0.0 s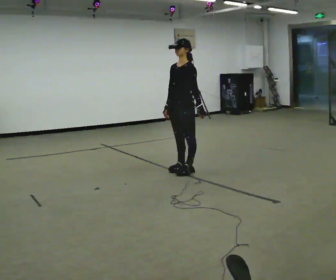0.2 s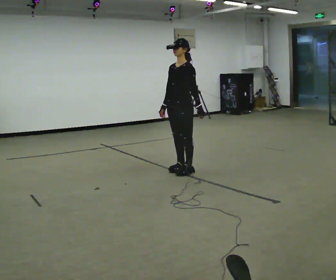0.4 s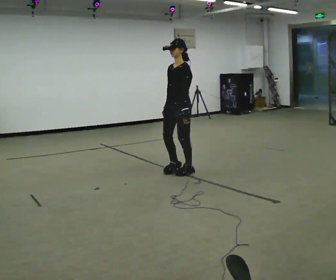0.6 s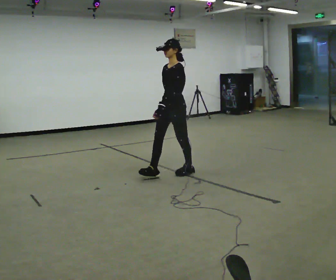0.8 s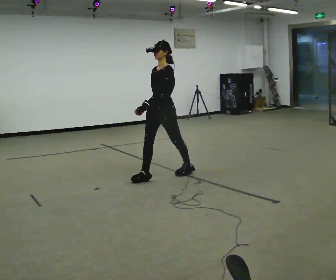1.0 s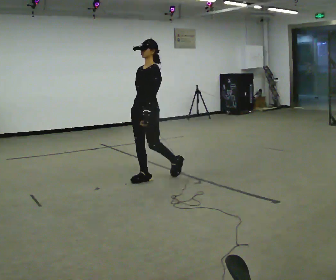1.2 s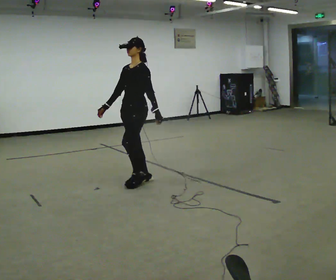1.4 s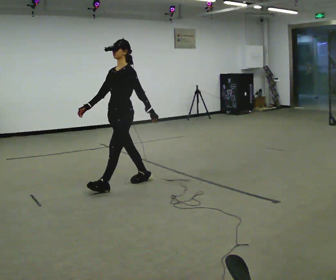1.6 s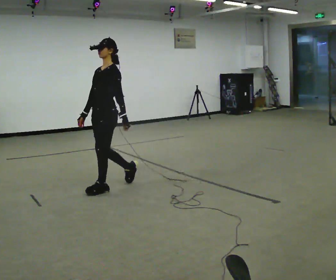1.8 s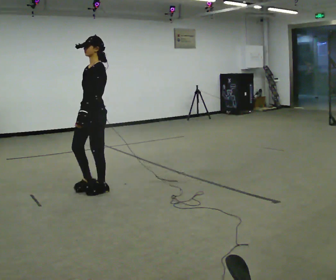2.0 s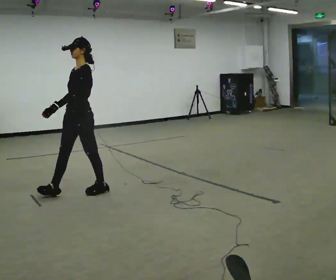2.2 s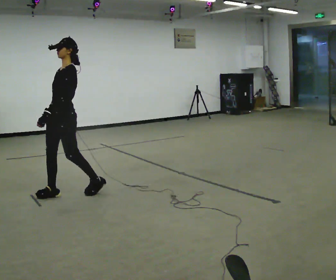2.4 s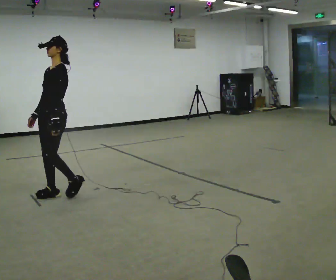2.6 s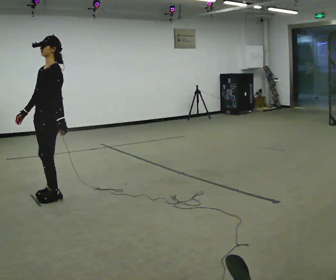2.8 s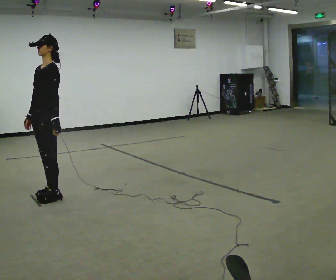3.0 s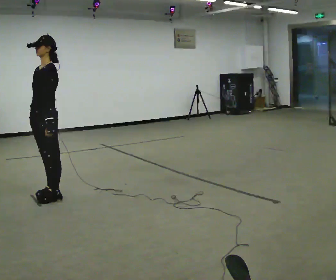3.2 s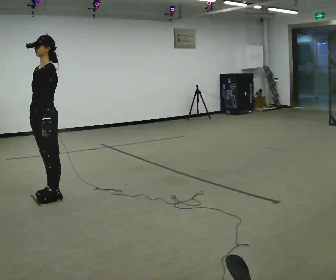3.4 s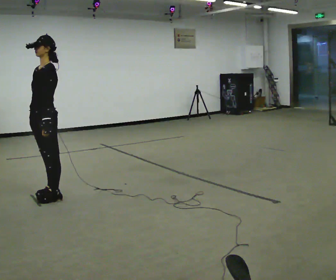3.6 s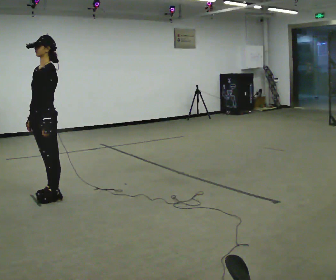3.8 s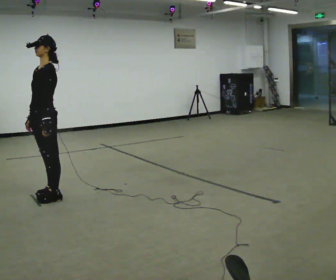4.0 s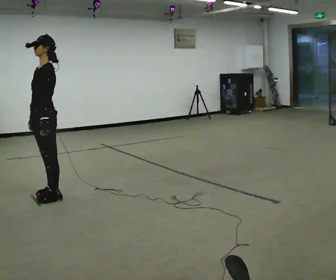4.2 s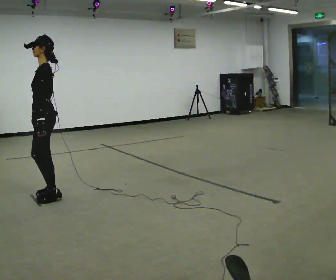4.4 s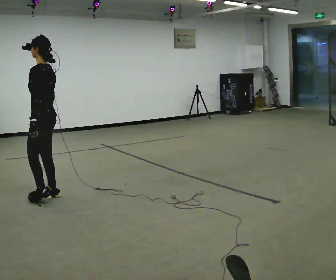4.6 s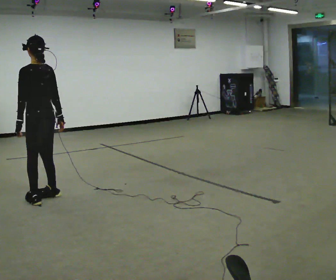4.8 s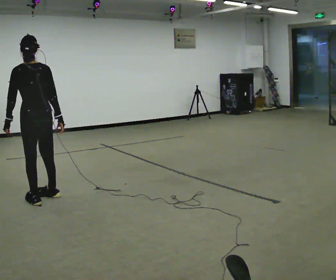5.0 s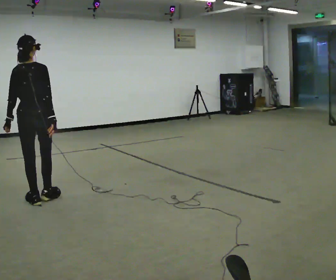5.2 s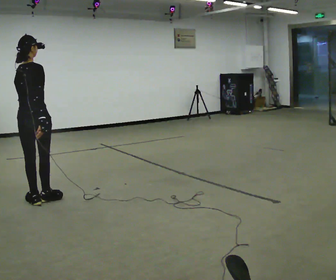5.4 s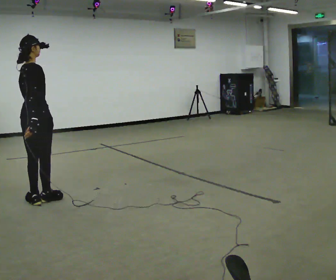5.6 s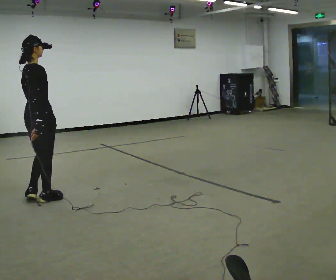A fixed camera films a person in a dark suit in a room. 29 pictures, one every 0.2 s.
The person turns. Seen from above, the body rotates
clockwise.
The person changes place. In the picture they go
to the left.
0.0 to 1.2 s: In the picture they go to the left and toward the camera, about 0.75 m in 1 step, which for them is forward.
1.2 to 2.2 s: In the picture they go to the left, about 1 m in 2 steps, which for them is forward.
2.2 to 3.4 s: In the picture they go to the left, about 0.25 m in 1 step, which for them is forward.
3.4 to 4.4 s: The part of the body nearest the lens slides to the left as the person turns to their right by about 45 degrees.
4.4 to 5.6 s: Seen from above the body turns clockwise, about 120 degrees: to their right, with its near side sliding to the left.
The film runs forward here.
